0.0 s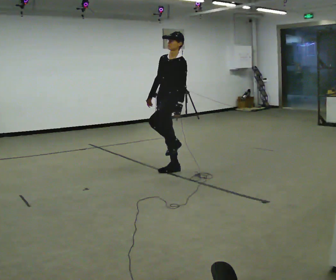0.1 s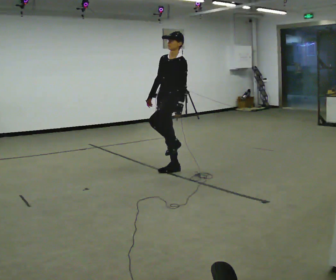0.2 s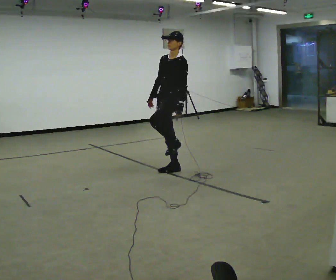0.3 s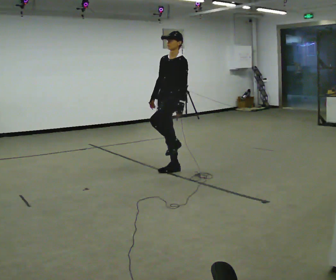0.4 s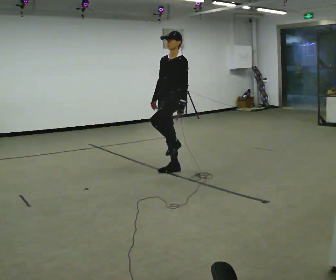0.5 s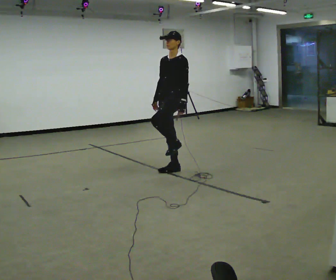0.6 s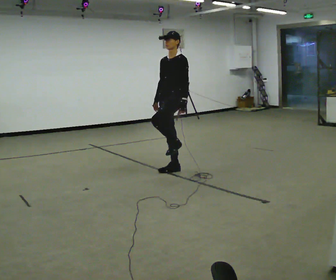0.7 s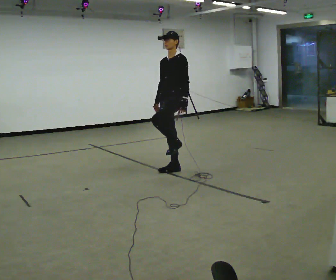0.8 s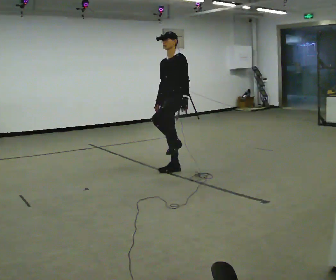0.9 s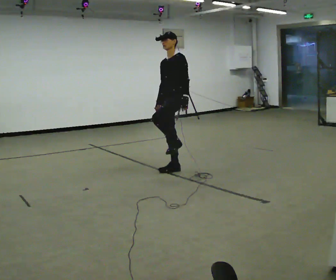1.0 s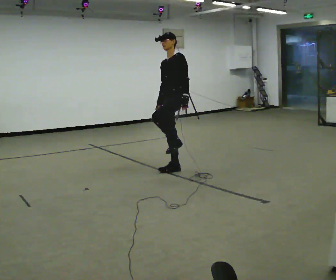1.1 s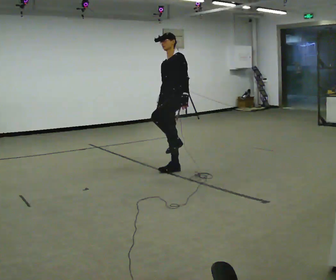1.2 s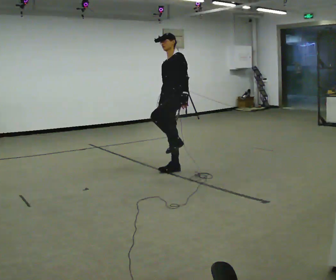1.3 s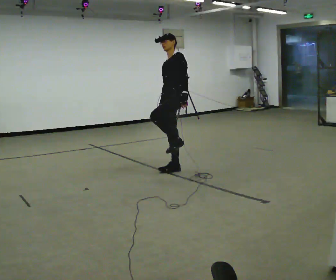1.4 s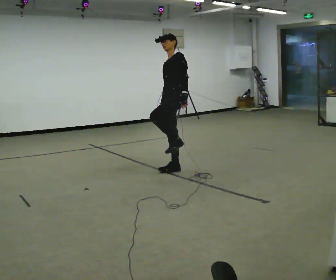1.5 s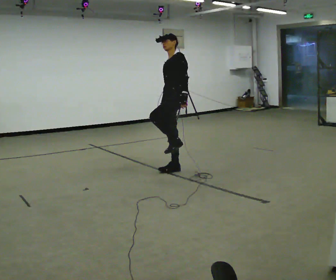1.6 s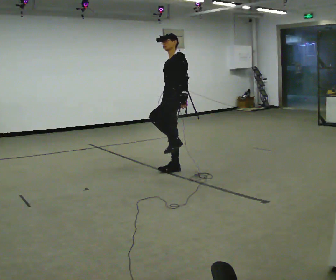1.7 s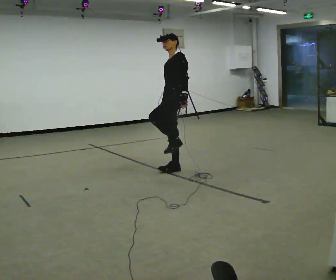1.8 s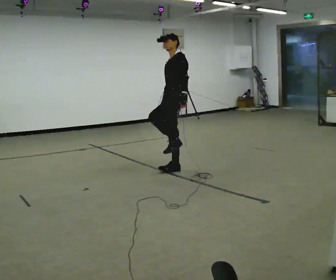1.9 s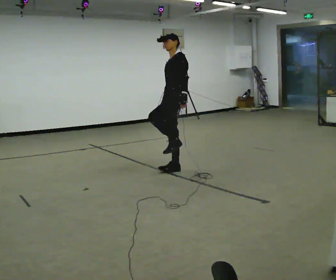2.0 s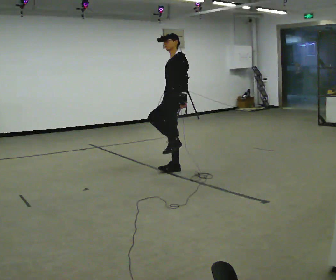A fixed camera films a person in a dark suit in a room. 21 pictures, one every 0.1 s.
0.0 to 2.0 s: The upper body tips away from the camera, its near side rolling upward.
The film runs forward here.
